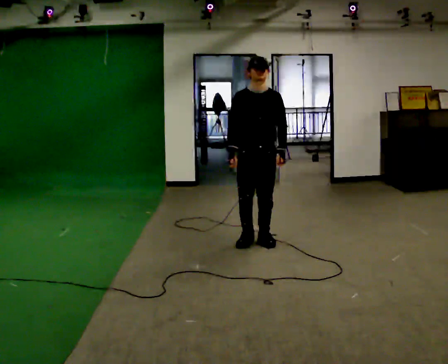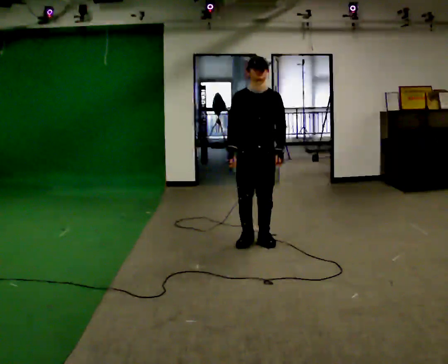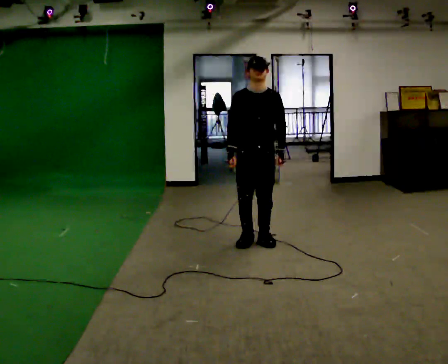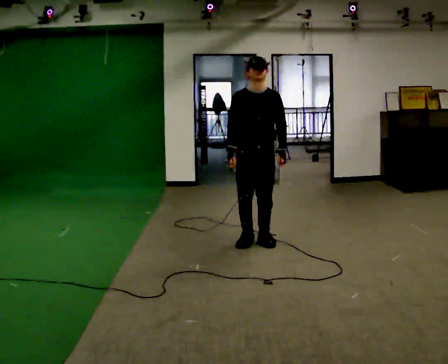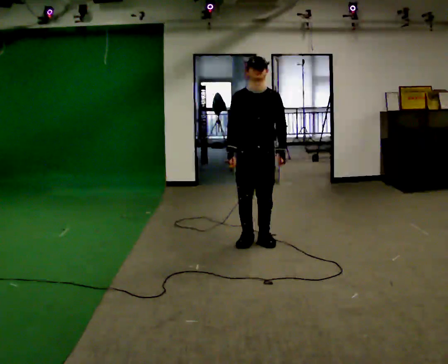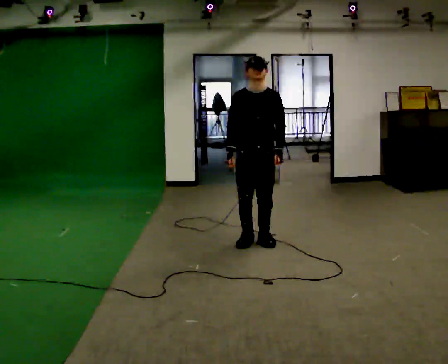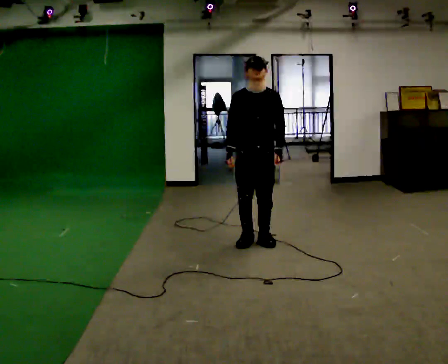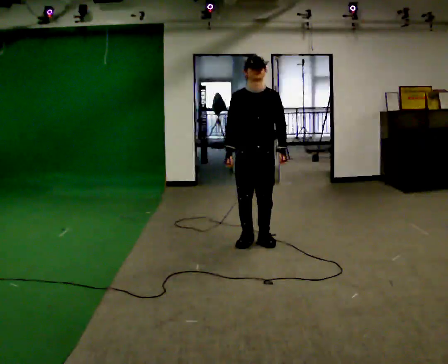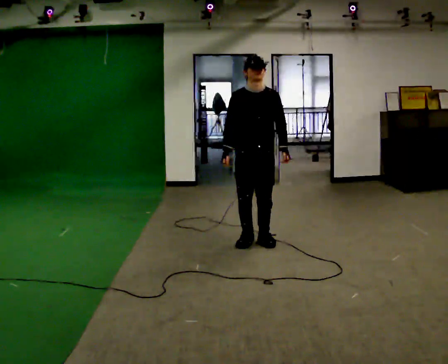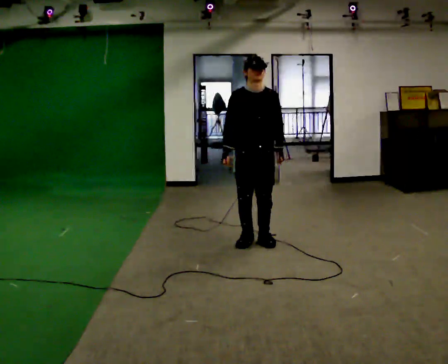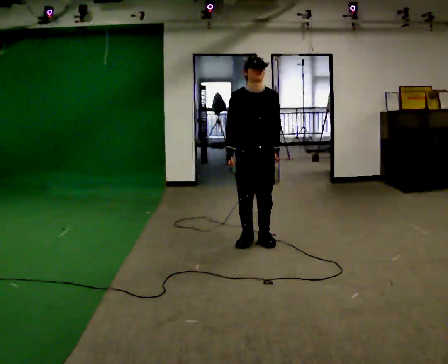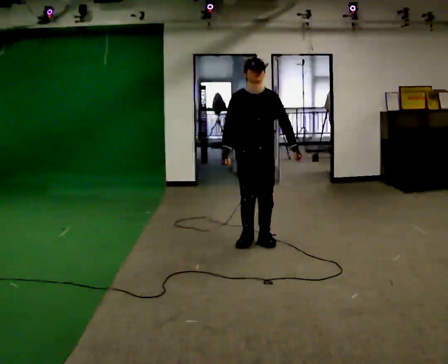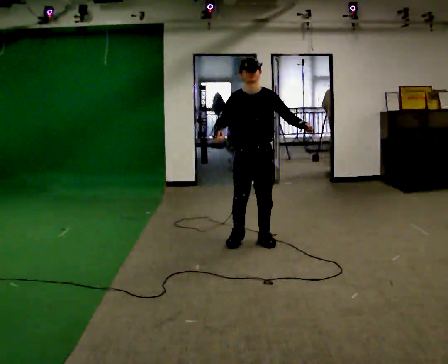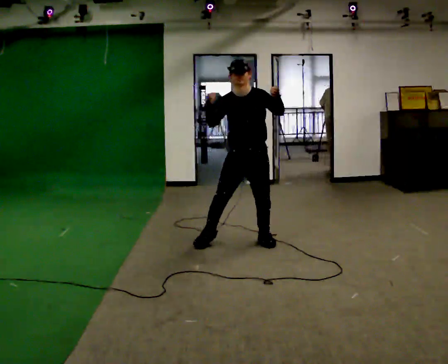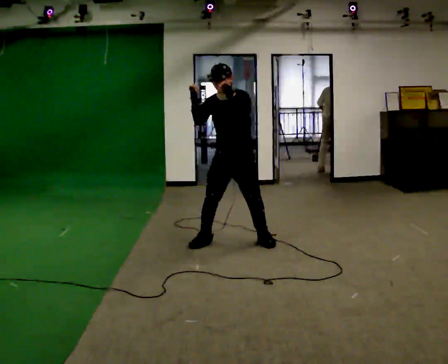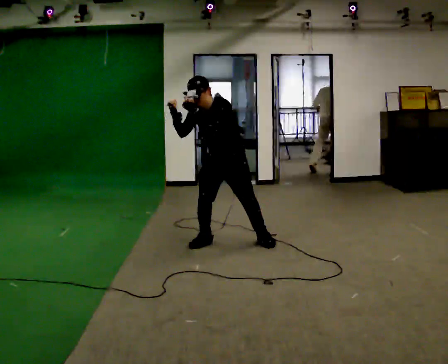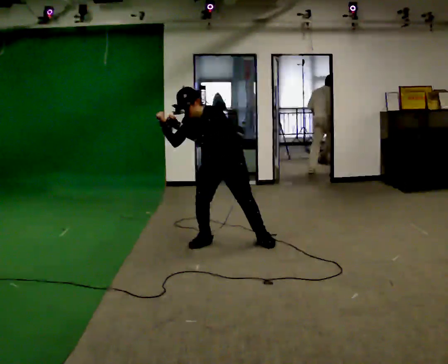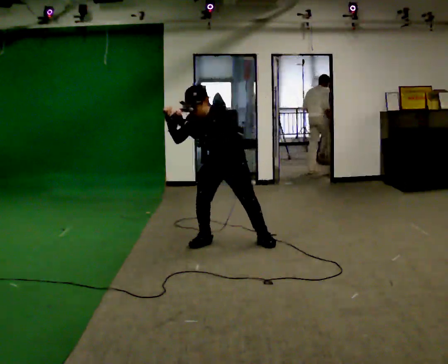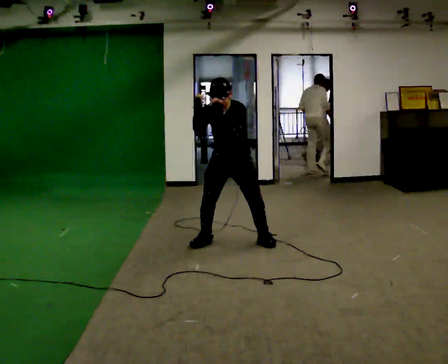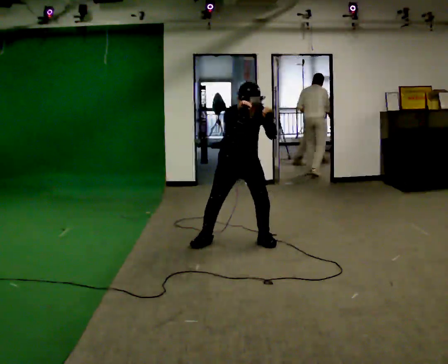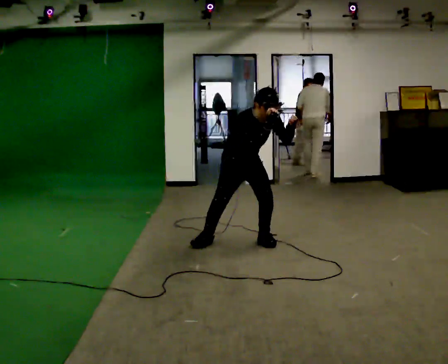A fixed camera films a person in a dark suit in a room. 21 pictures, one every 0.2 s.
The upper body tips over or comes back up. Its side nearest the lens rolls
downward.
0.0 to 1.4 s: The person moves a little, or ends about where they began.
1.4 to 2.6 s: In the picture their left hand goes upward.
2.6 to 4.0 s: The part of the body nearest the lens slides to the right as the person turns to their left by about 30 degrees. In the picture their right hand goes to the right.
The film runs backward here.
